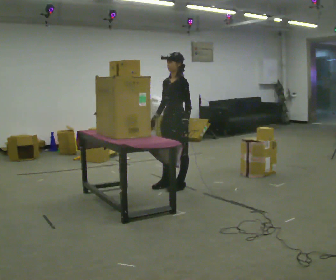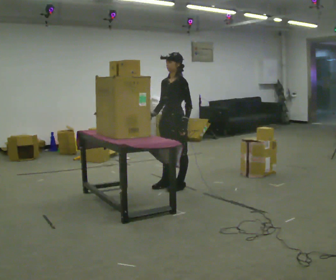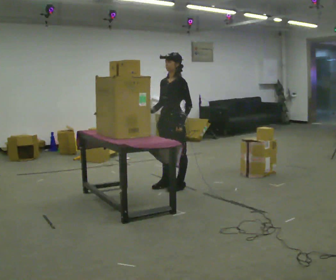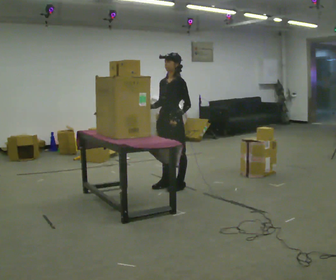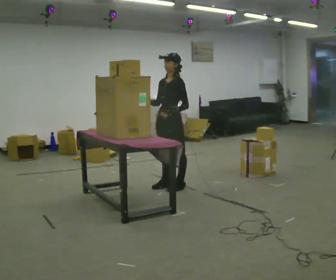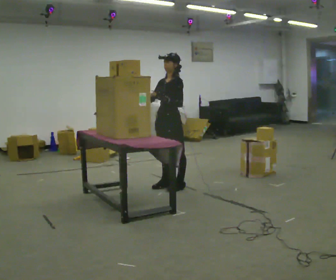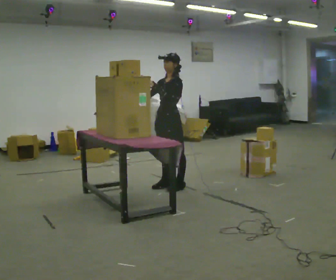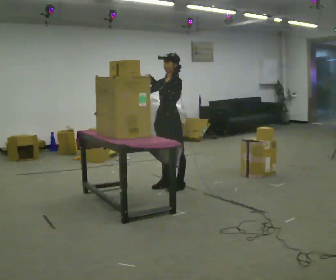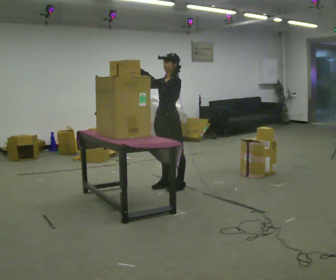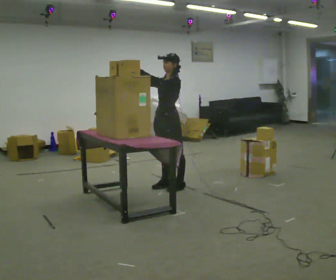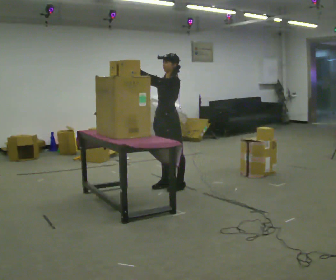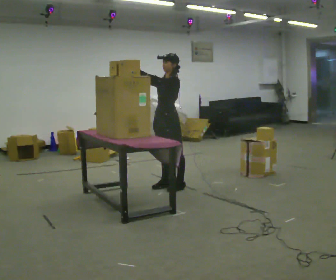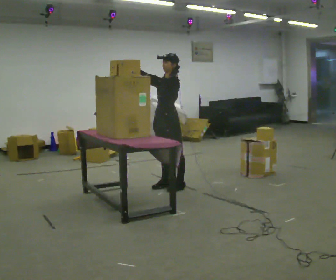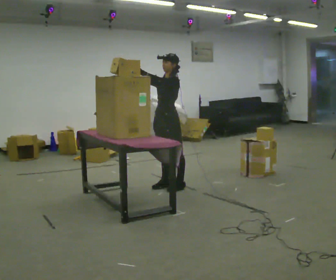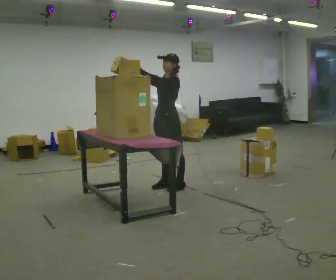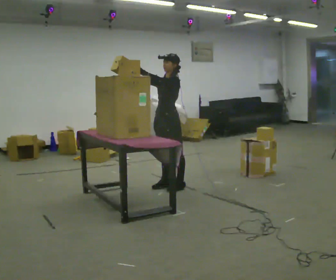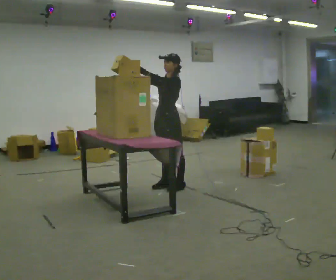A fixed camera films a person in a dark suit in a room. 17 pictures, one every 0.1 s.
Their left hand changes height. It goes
upward.
Their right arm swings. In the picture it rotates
clockwise.
0.0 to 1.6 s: In the picture their left hand goes upward and to the left.
The film runs backward here.
